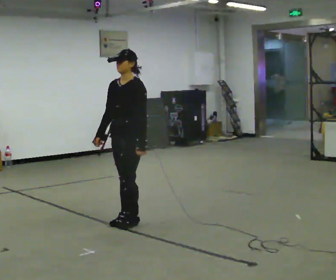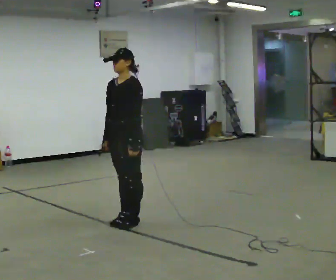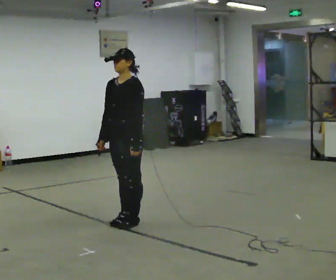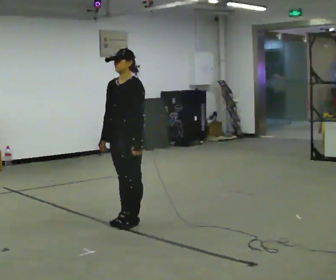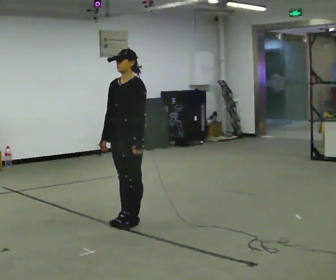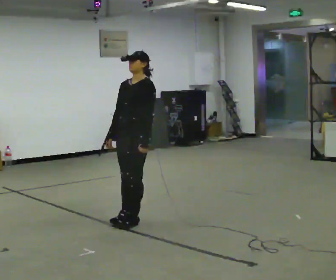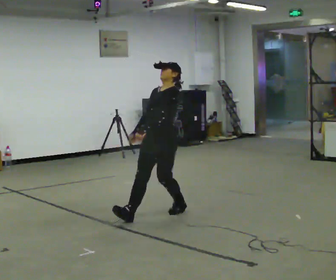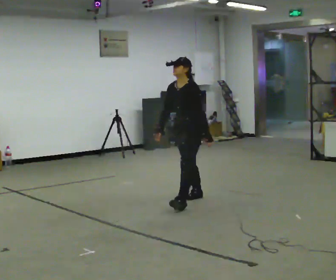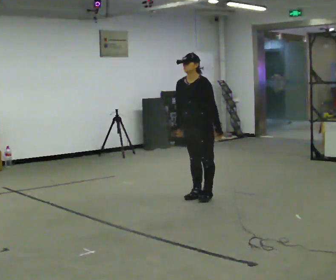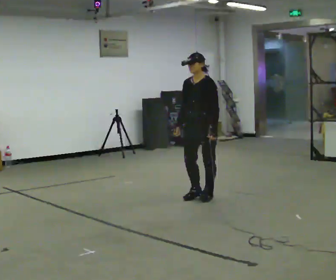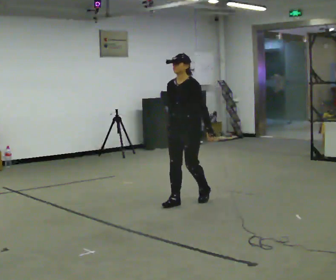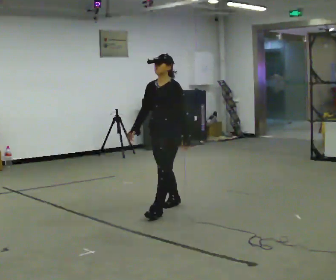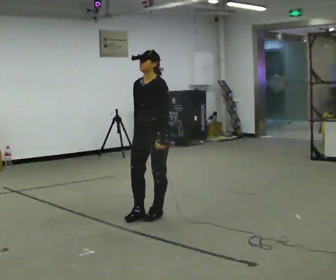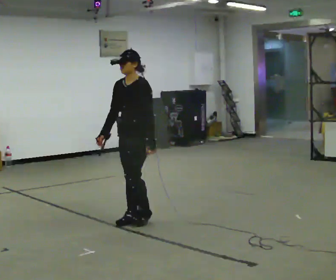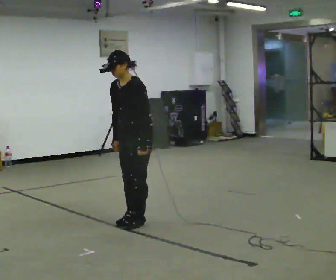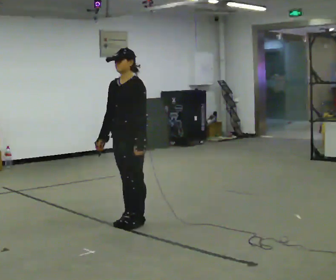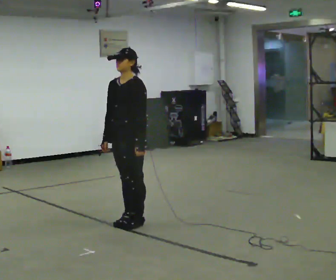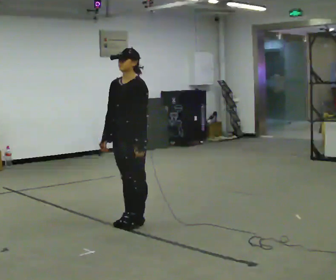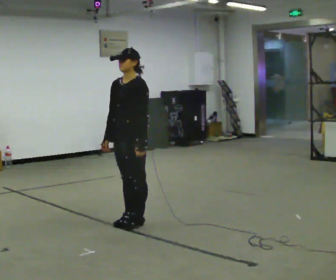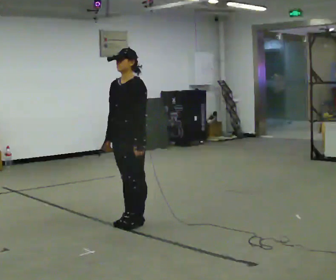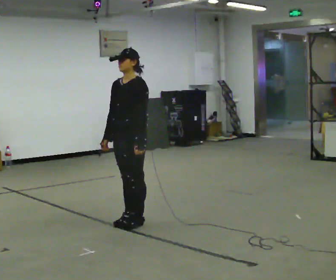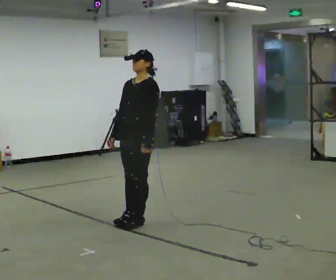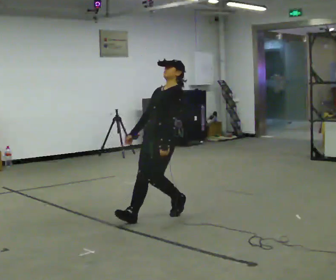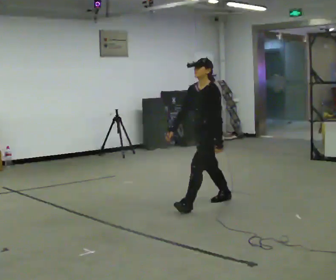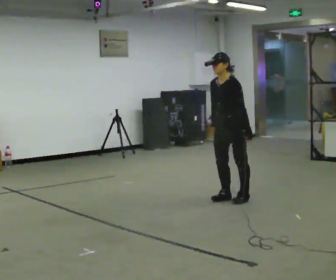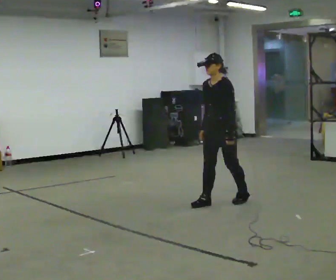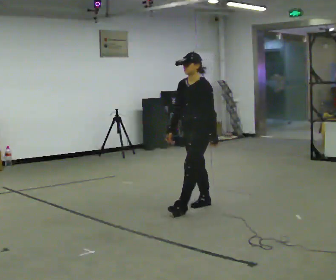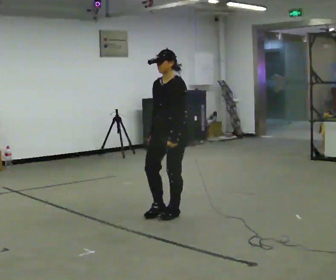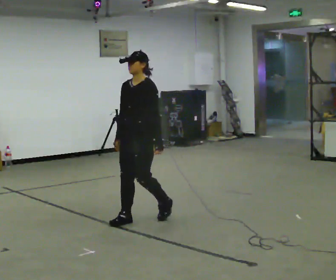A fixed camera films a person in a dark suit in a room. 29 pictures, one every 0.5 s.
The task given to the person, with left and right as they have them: Stand on the marked spots. Lean backward, keeping your body straight, until you cannot hold it, then step back to catch yourself. Return to the spots. Repeat at your own pace until the operator says stop. Go slowly and only as far as you are comfortable. Step whenever you need to; do not try to hold on longer than feels safe.
0.0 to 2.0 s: The person moves a little, or ends about where they began.
2.0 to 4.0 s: In the picture they go away from the camera and to the right, about 1 m in 3 steps, which for them is backward.
4.0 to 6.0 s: In the picture they go toward the camera and to the left, about 1 m in 2 steps, which for them is forward.
6.0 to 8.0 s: In the picture they go toward the camera and to the left, about 0.25 m in 2 steps, which for them is forward.
8.0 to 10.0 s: The person moves a little, or ends about where they began.
10.0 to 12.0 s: In the picture they go to the right and away from the camera, about 1.5 m in 3 steps, which for them is backward.
12.0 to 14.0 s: In the picture they go to the left and toward the camera, about 1 m in 3 steps, which for them is forward.
The film runs forward here.
